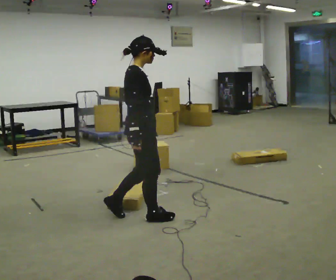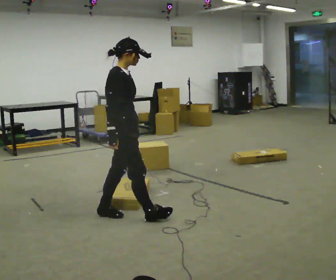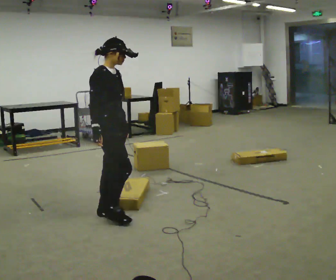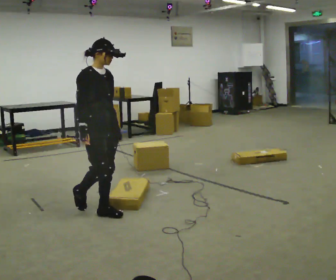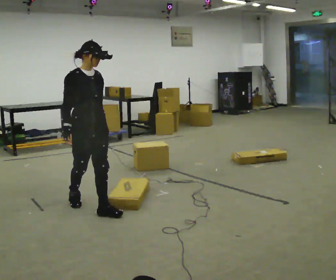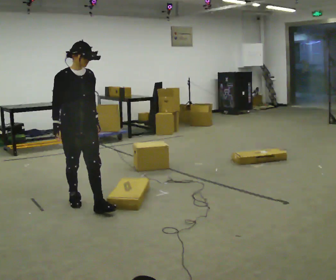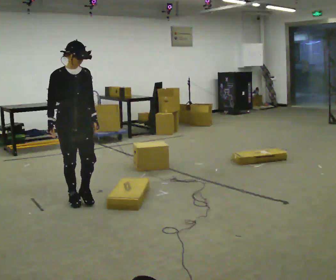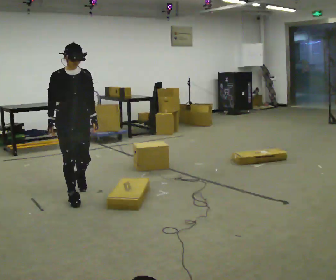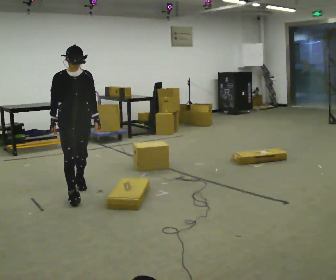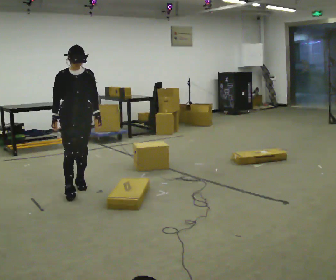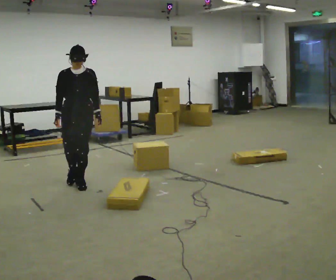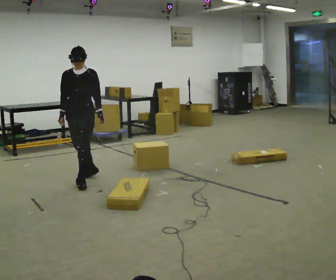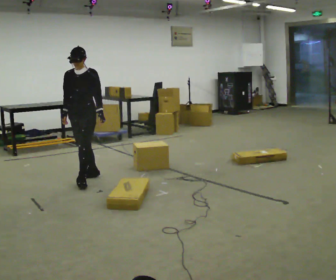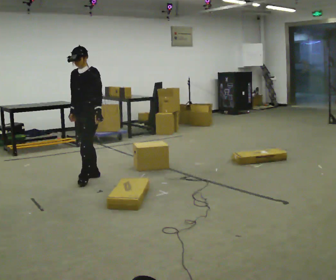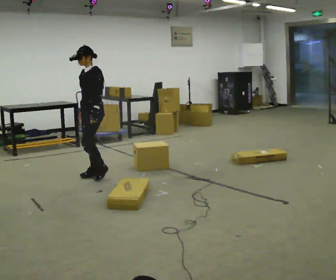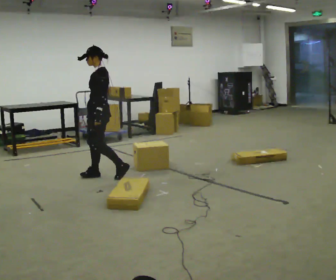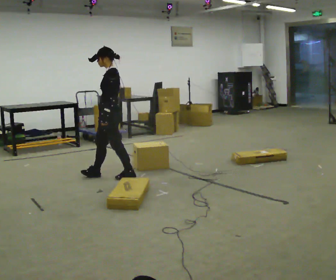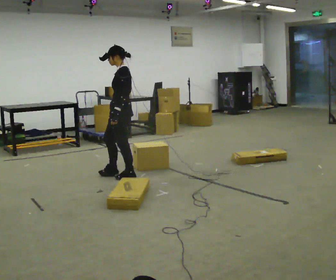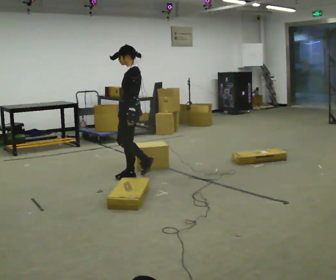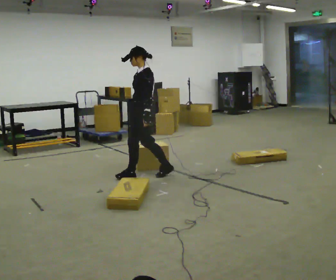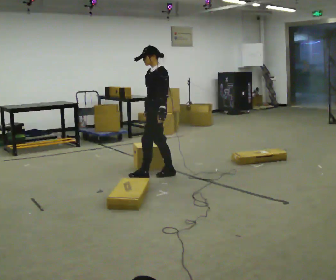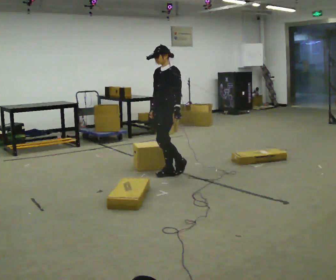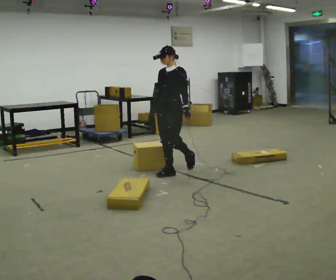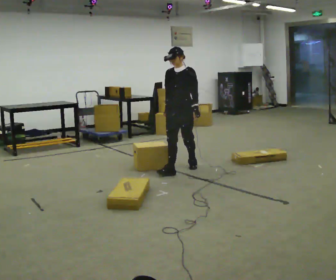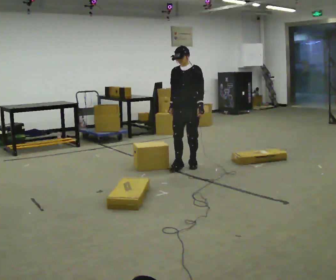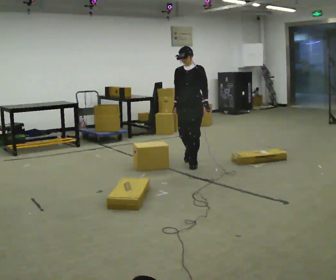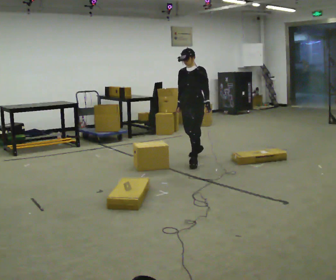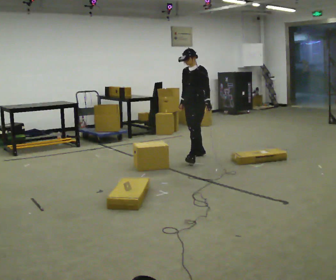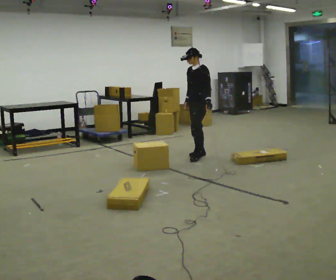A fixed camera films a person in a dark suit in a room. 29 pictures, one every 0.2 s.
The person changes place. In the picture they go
away from the camera.
0.0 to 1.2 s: Seen from above the body turns clockwise, about 60 degrees: to their right, with its near side sliding to the left. In the picture they go to the left and away from the camera, about 0.5 m in 2 steps.
1.2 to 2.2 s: The part of the body nearest the lens slides to the left as the person turns to their right by about 45 degrees. In the picture they go away from the camera, about 0.5 m in 1 step, which for them is backward.
2.2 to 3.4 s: The person turns about 90 degrees to their right, clockwise seen from above, so the part of the body nearest the lens slides to the left. In the picture they go to the right, about 0.5 m in 2 steps.
3.4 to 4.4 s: Seen from above the body turns counterclockwise, about 45 degrees: to their left, with its near side sliding to the right. In the picture they go to the right, about 0.5 m in 1 step, which for them is backward.
4.4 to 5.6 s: In the picture they go away from the camera and to the right, about 1 m in 2 steps, which for them is backward.
The film runs backward here.
